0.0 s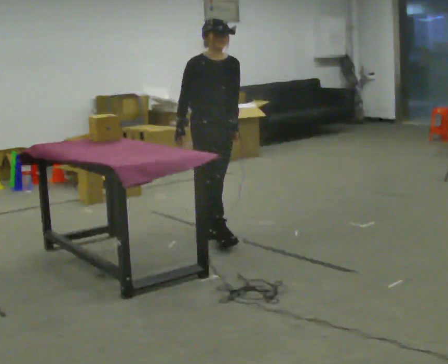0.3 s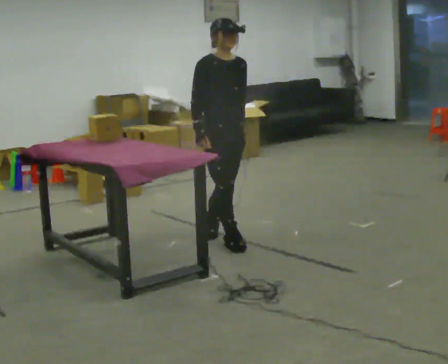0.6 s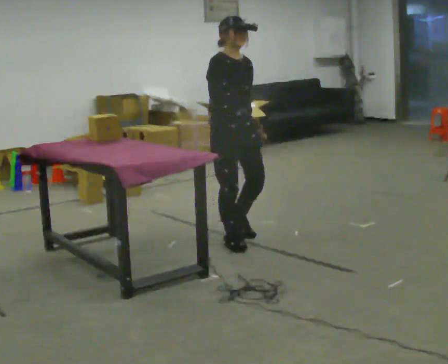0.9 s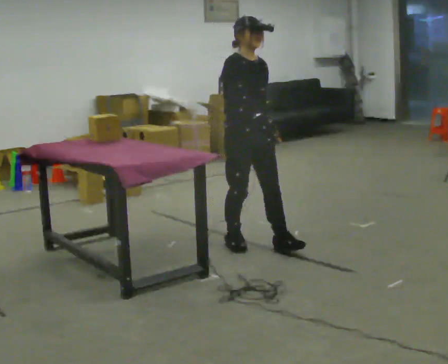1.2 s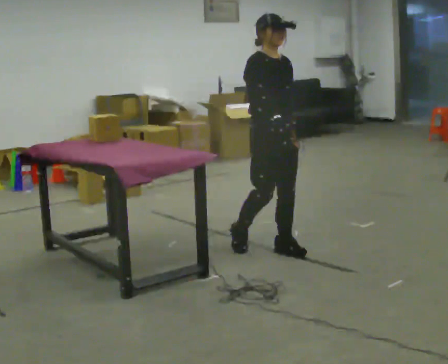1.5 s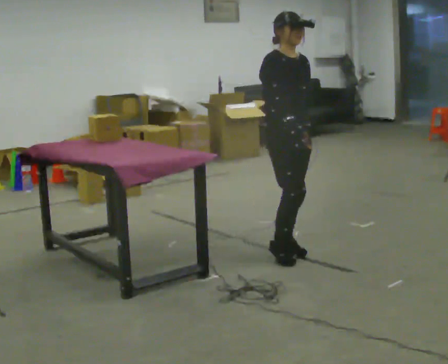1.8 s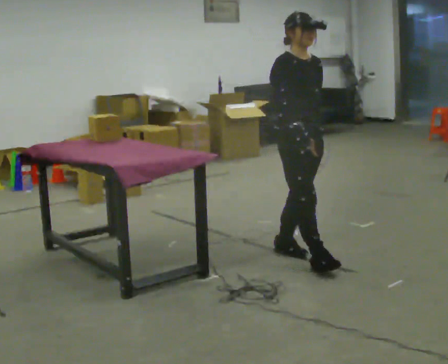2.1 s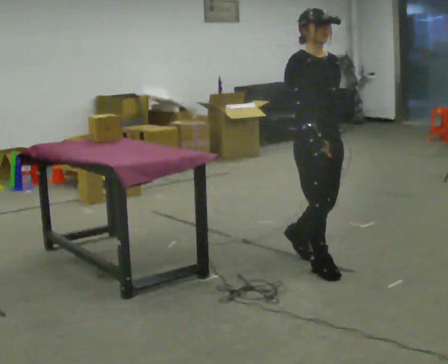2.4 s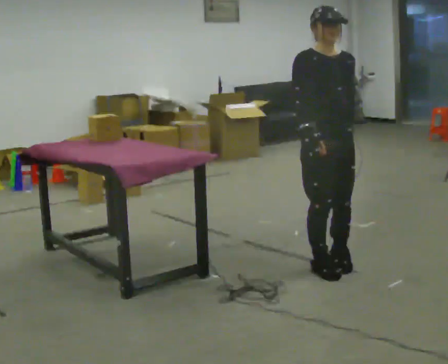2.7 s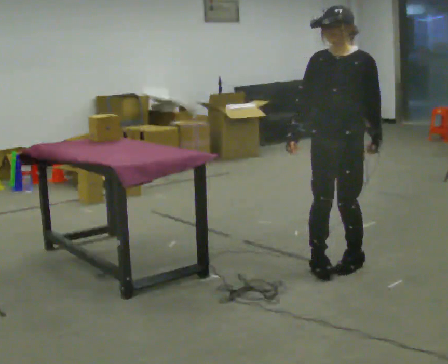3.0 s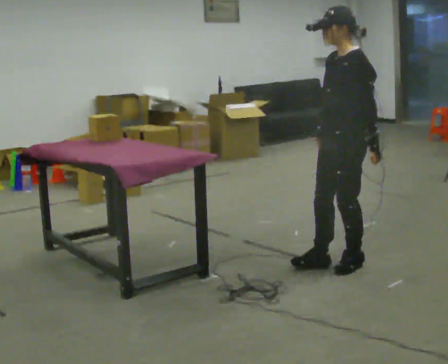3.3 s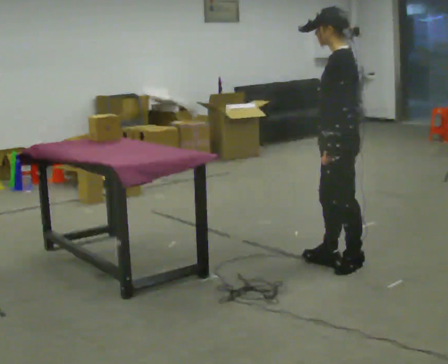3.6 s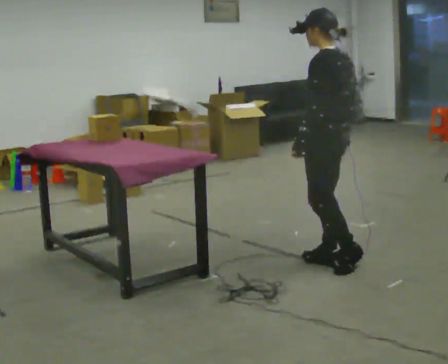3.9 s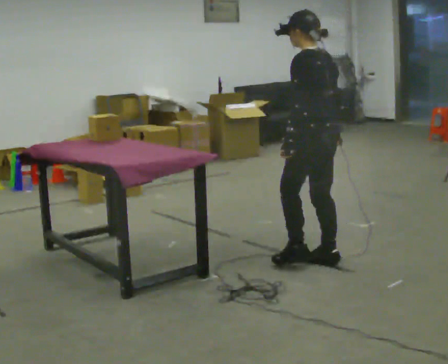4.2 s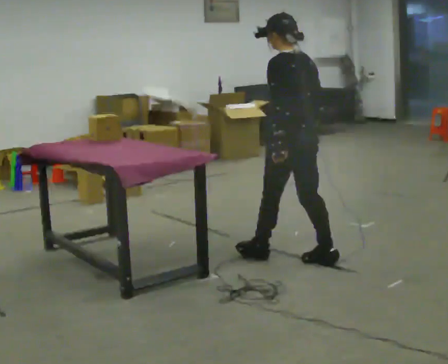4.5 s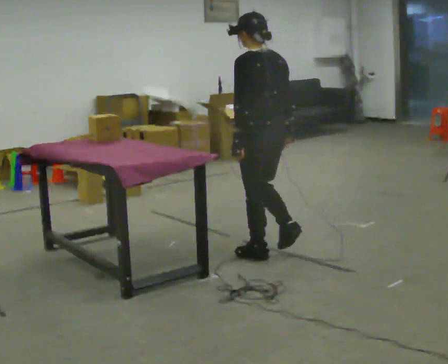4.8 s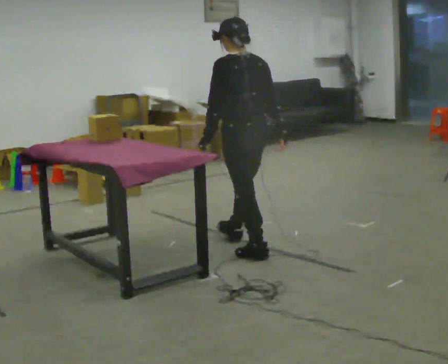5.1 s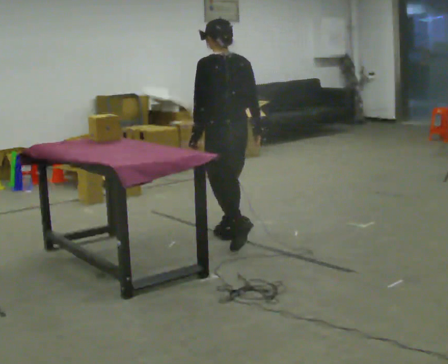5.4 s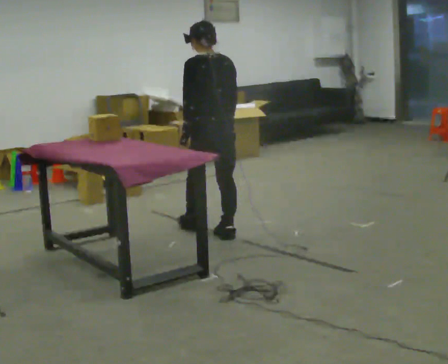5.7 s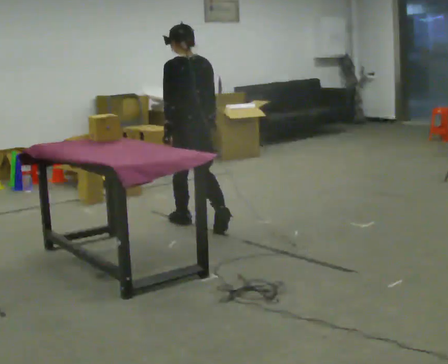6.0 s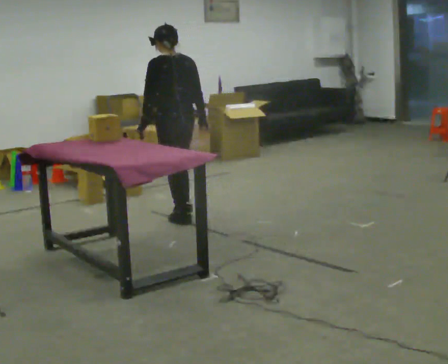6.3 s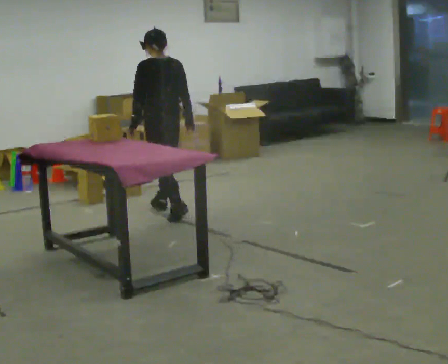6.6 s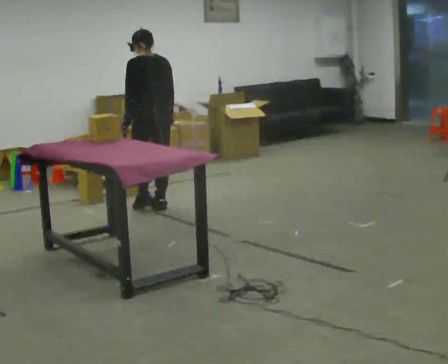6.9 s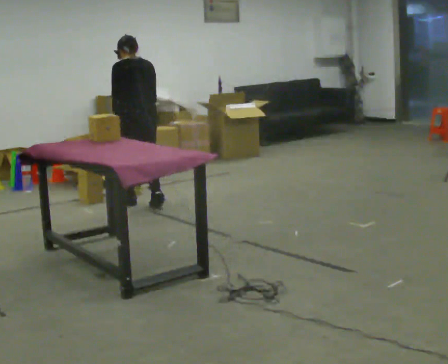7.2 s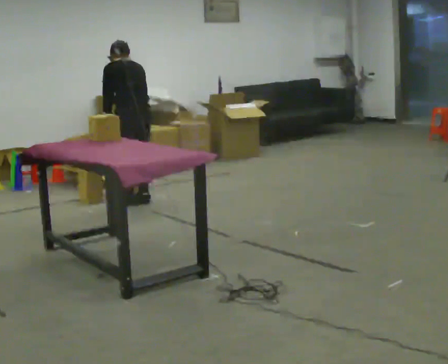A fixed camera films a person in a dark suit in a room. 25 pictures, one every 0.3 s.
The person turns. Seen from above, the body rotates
clockwise.
The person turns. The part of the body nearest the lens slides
to the left.
0.0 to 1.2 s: In the picture they go toward the camera and to the right, about 0.5 m in 2 steps, which for them is forward.
1.2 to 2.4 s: In the picture they go toward the camera and to the right, about 0.5 m in 1 step, which for them is forward.
2.4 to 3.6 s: The person turns about 135 degrees to their right, clockwise seen from above, so the part of the body nearest the lens slides to the left.
3.6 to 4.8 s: The part of the body nearest the lens slides to the left as the person turns to their right by about 30 degrees. In the picture they go to the left and away from the camera, about 0.5 m in 1 step, which for them is forward.
4.8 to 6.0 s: In the picture they go away from the camera and to the left, about 1 m in 2 steps, which for them is forward.
6.0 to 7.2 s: In the picture they go away from the camera and to the left, about 0.75 m in 2 steps, which for them is forward. The upper body tips away from the camera, its near side rolling upward, as they bend forward.
The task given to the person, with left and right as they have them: Pick the object up off the floor using only the hand the operator calls, then carry it to the table in that same hand. Keep going until the operator says stop; one object at a time, and do not rush between trips.
The film runs forward here.
